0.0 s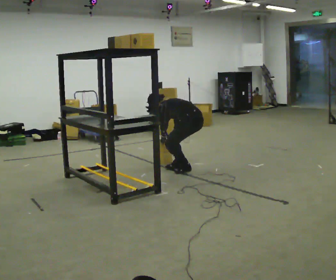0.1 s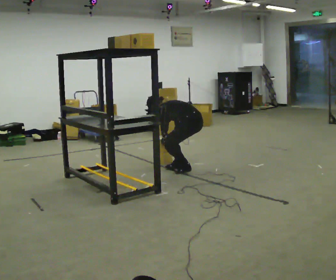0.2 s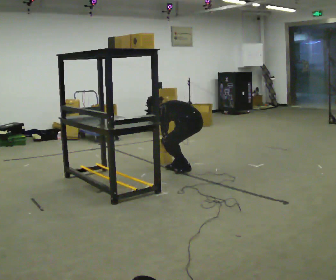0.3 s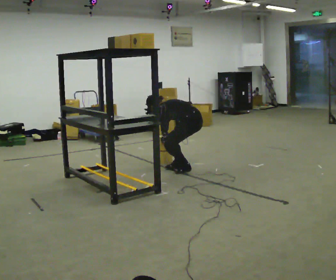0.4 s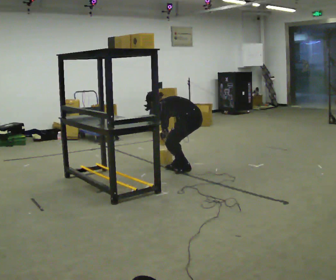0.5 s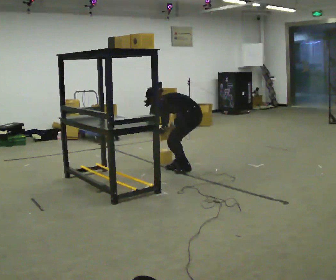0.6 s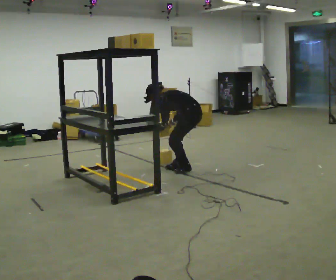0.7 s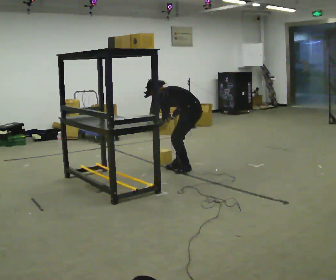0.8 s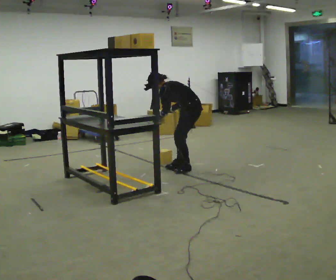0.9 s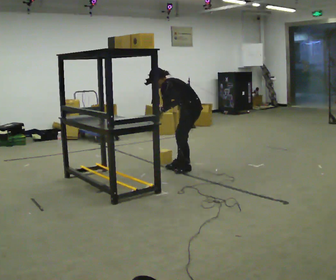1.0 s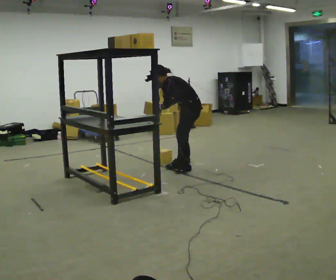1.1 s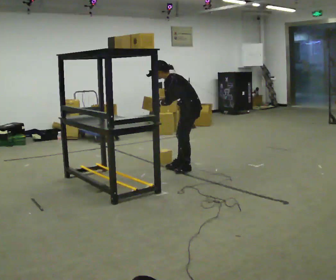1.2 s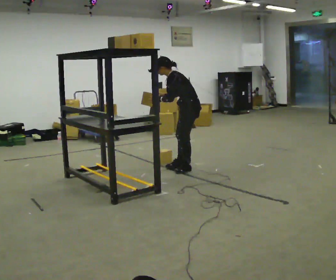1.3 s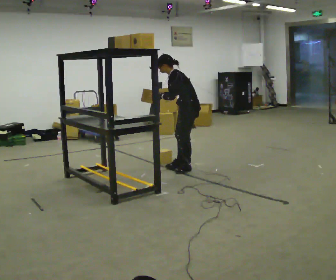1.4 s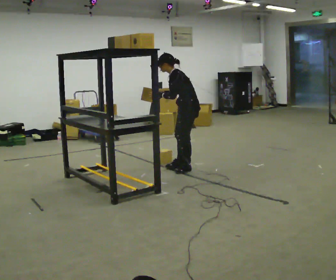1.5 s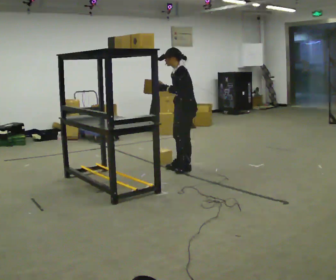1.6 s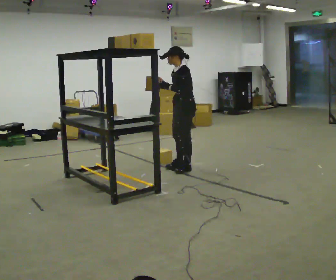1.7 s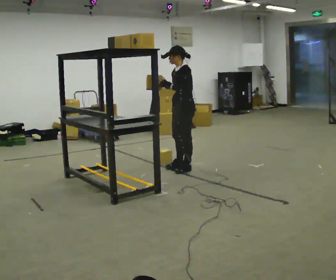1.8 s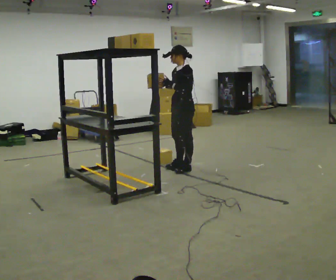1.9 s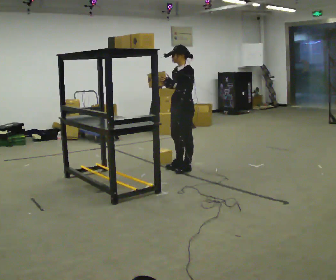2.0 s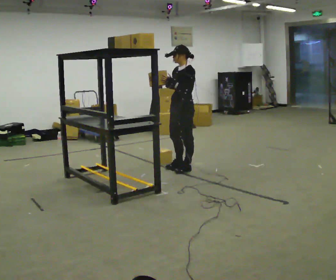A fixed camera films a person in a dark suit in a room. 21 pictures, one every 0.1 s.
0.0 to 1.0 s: The upper body goes upward. The upper body tips toward the camera, its near side rolling downward, as they lean back or straighten. In the picture their right hand goes upward.
1.0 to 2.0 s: The part of the body nearest the lens slides to the right as the person turns to their left by about 30 degrees. The shoulders move upward. In the picture the upper body tilts clockwise, shoulders to the right, as they lean back or straighten.
The film runs forward here.
